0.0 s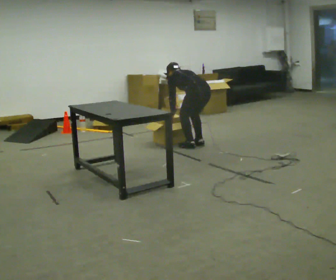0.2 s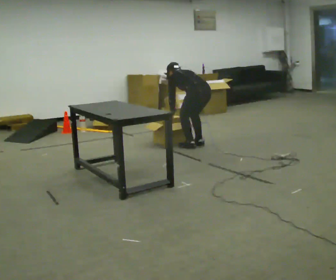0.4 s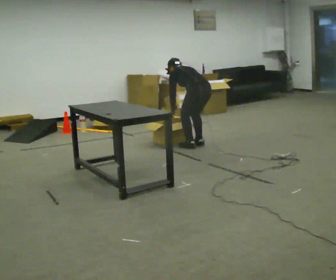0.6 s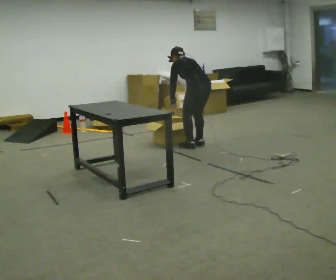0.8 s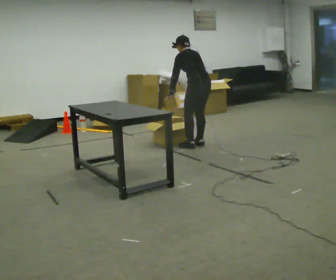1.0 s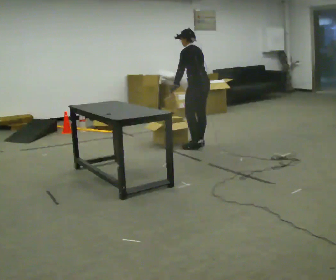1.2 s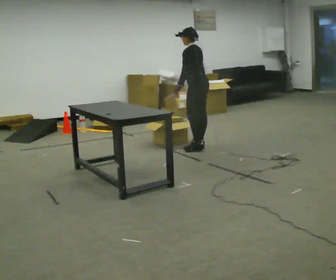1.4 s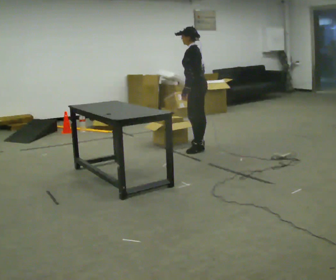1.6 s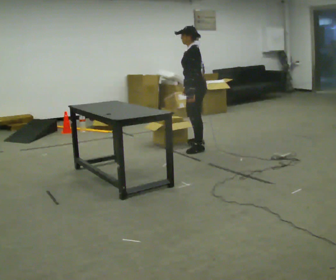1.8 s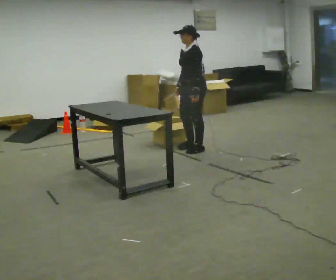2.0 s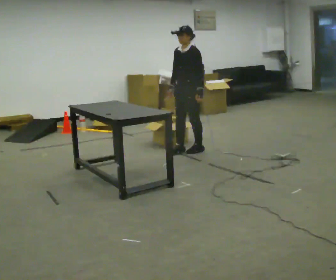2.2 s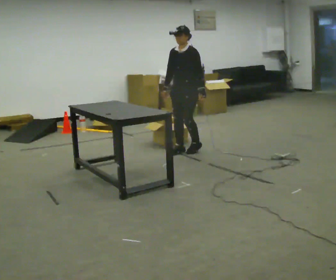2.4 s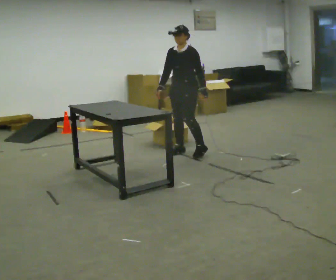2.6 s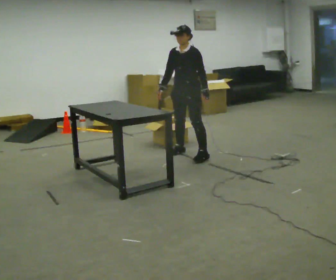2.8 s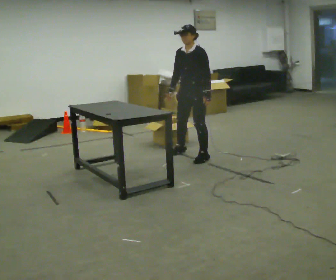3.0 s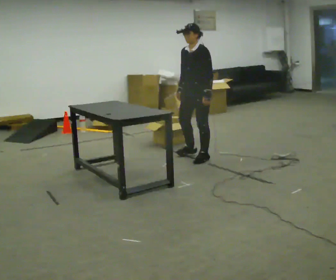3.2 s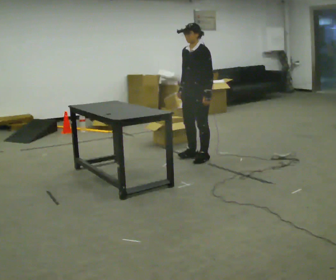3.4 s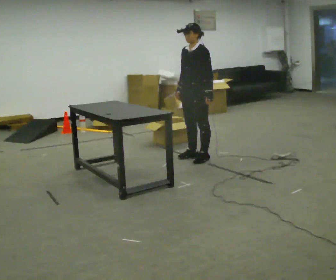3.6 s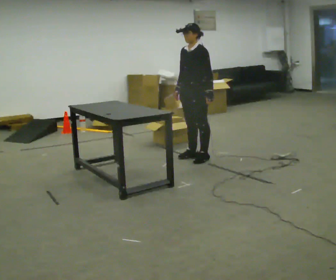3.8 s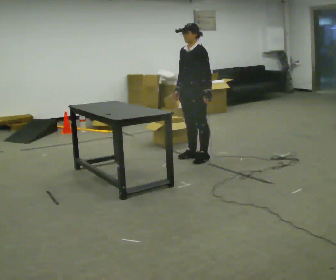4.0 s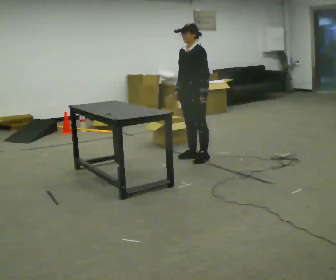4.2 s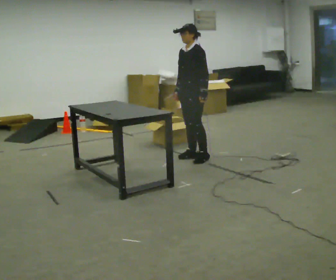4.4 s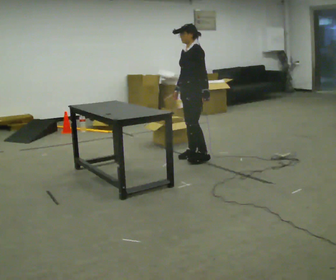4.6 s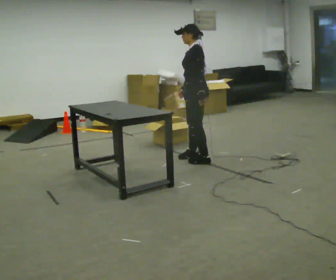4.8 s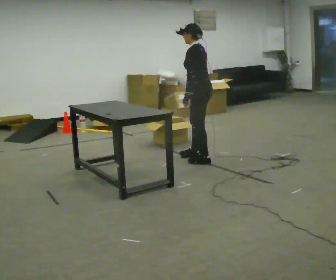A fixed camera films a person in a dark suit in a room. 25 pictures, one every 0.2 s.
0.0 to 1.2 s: The part of the body nearest the lens slides to the right as the person turns to their left by about 30 degrees. The shoulders move upward. The upper body tips toward the camera, its near side rolling downward, as they lean back or straighten. In the picture their left hand goes upward.
1.2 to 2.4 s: The person turns about 75 degrees to their left, counterclockwise seen from above, so the part of the body nearest the lens slides to the right. In the picture they go toward the camera and to the left, about 0.25 m in 1 step.
2.4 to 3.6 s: In the picture they go toward the camera, about 0.25 m in 2 steps, which for them is to their left.
3.6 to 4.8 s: The part of the body nearest the lens slides to the left as the person turns to their right by about 45 degrees. In the picture their right hand goes to the right.
The film runs forward here.
